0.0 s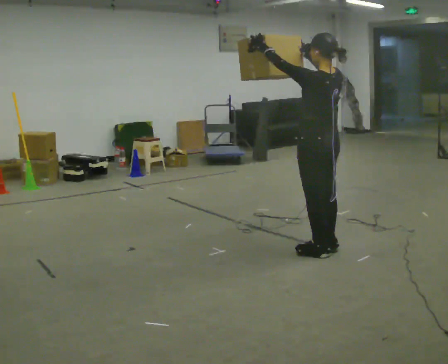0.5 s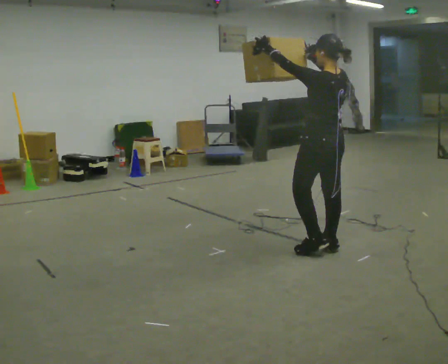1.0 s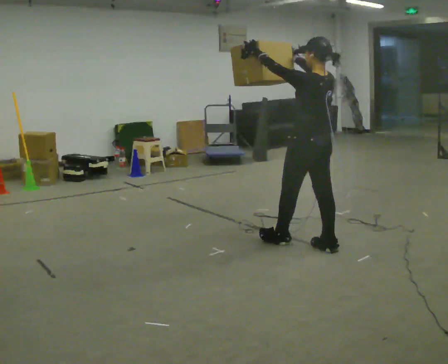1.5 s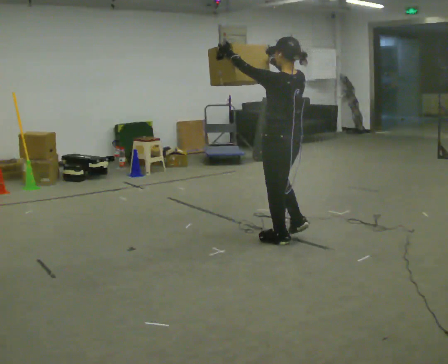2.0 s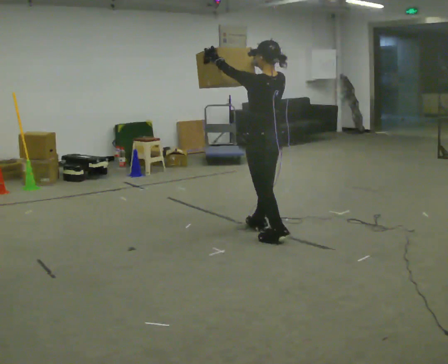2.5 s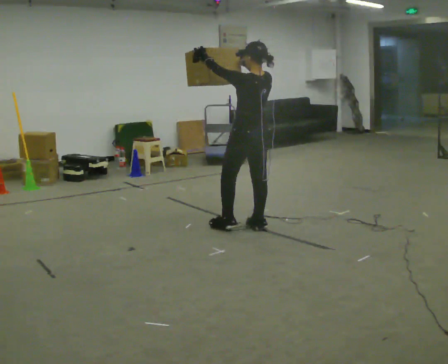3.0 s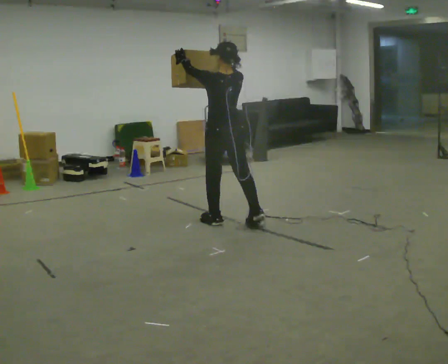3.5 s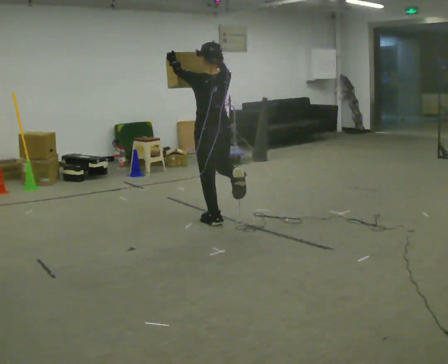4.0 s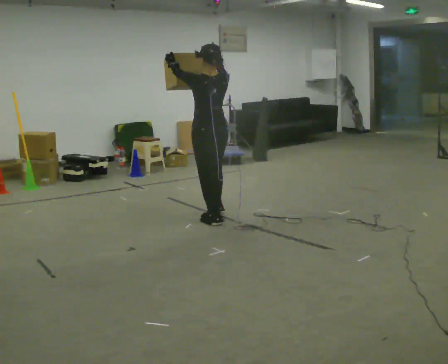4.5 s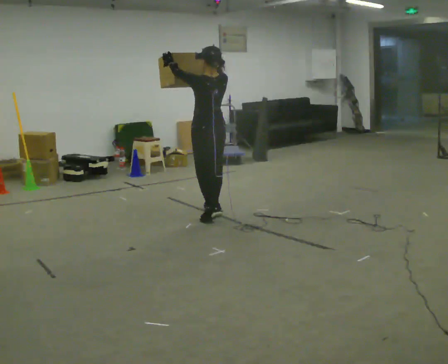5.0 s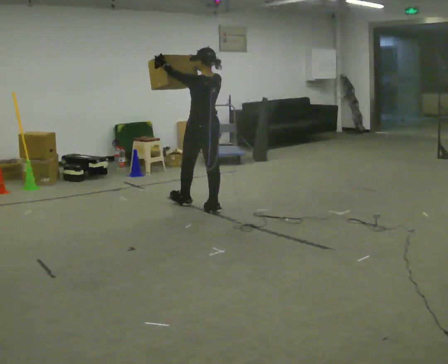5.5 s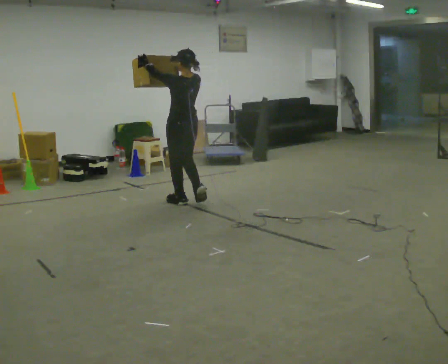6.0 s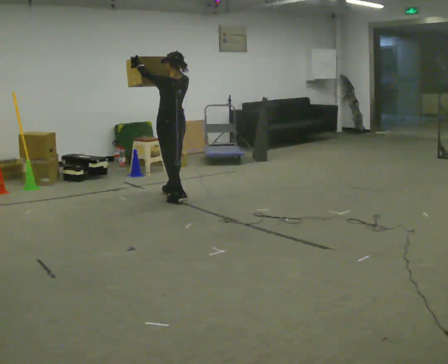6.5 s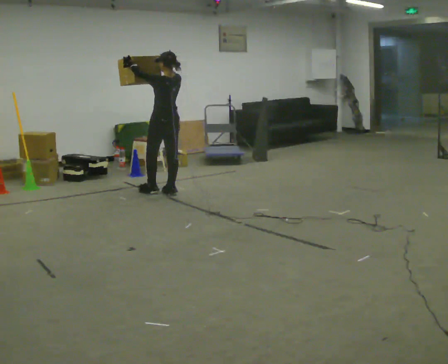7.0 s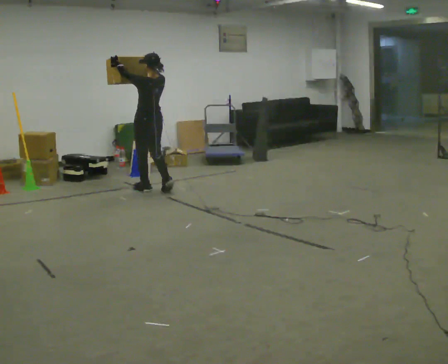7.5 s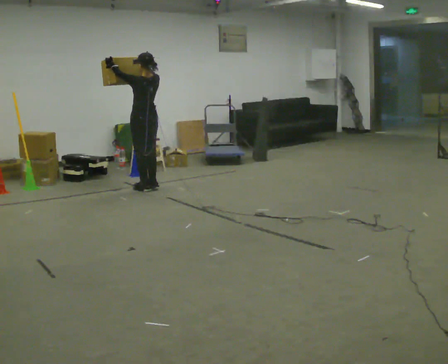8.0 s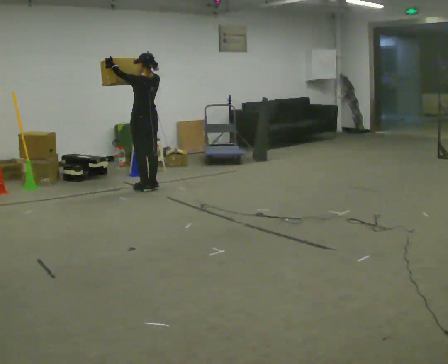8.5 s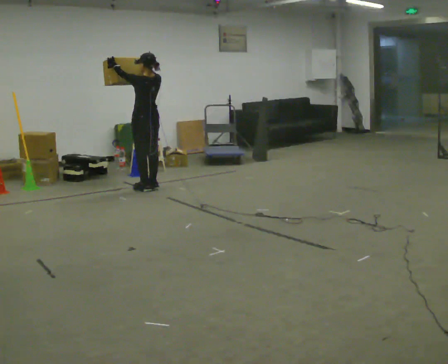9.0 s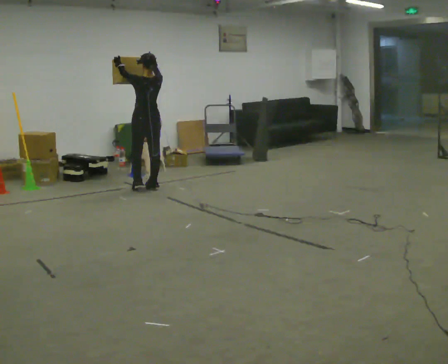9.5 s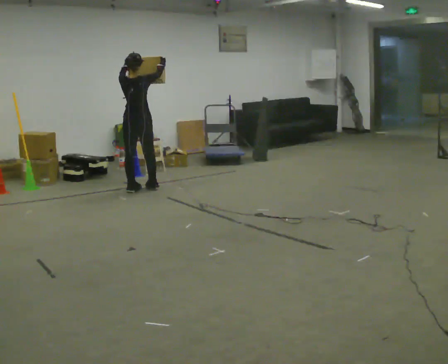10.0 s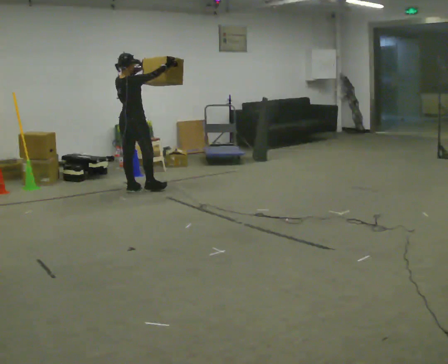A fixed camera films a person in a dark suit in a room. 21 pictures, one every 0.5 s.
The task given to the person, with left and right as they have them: Carry the object held up above your head, walking back and forth across the room.
0.0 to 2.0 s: In the picture they go away from the camera and to the left, about 0.5 m in 2 steps, which for them is forward.
2.0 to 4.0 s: In the picture they go to the left and away from the camera, about 0.5 m in 1 step, which for them is forward and to their left.
4.0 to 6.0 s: In the picture they go away from the camera and to the left, about 1 m in 3 steps, which for them is forward.
6.0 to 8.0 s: In the picture they go away from the camera and to the left, about 0.5 m in 2 steps, which for them is forward.
8.0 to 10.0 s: Seen from above the body turns clockwise, about 75 degrees: to their right, with its near side sliding to the left. In the picture the upper body tilts counterclockwise, shoulders to the left. In the picture their left hand goes to the right.
The film runs forward here.
